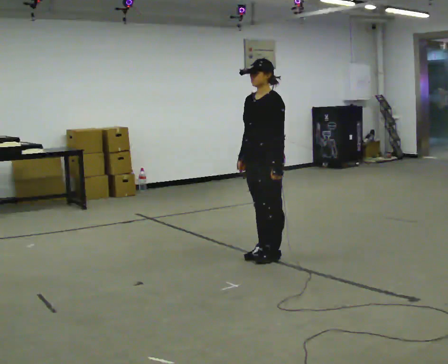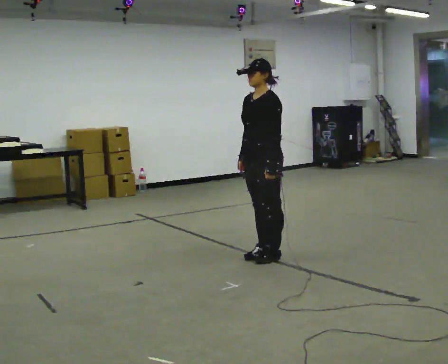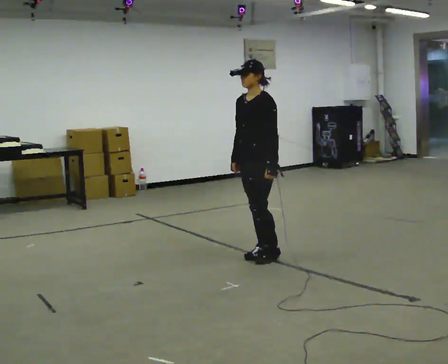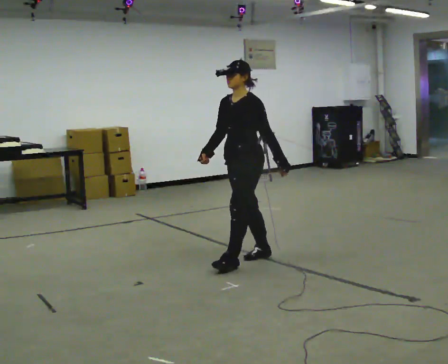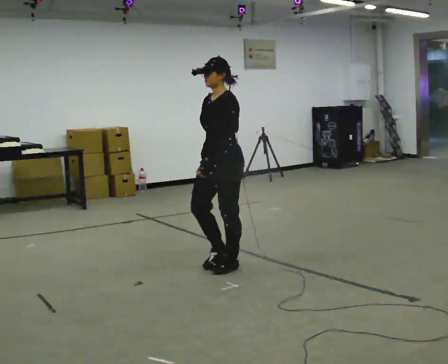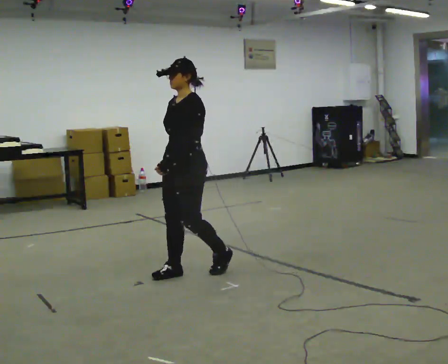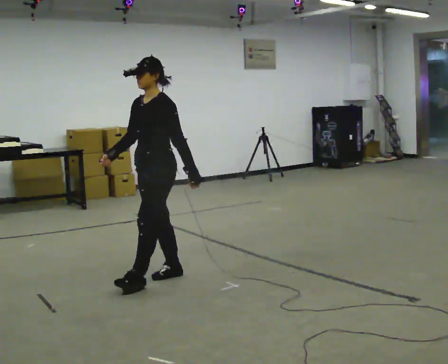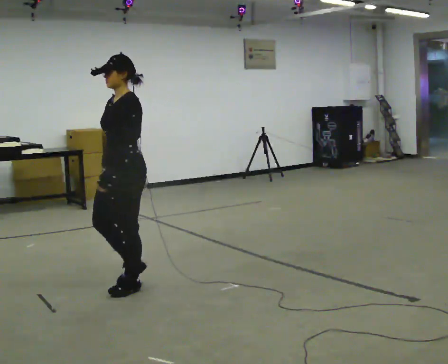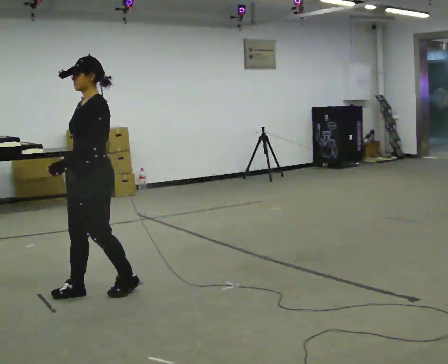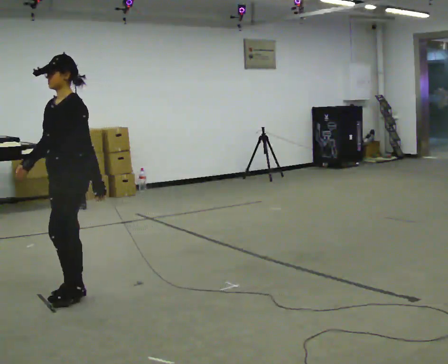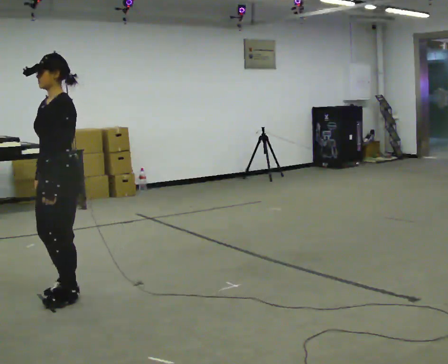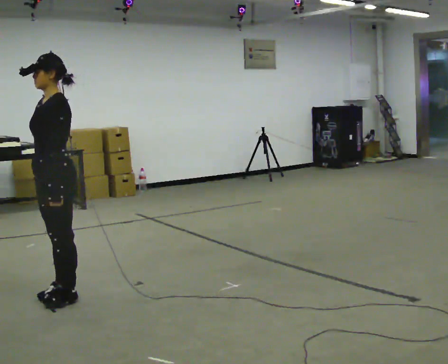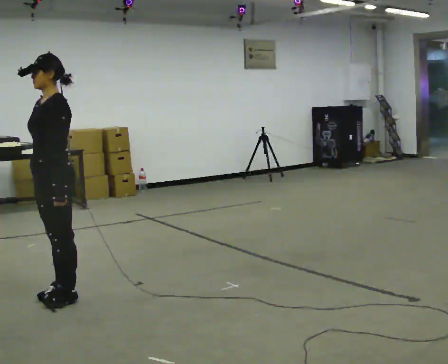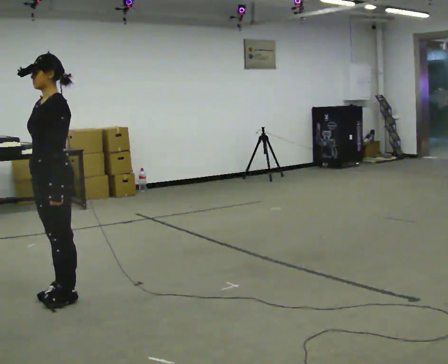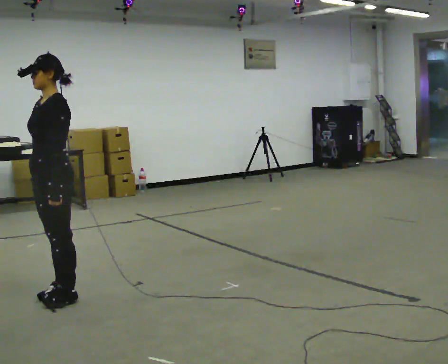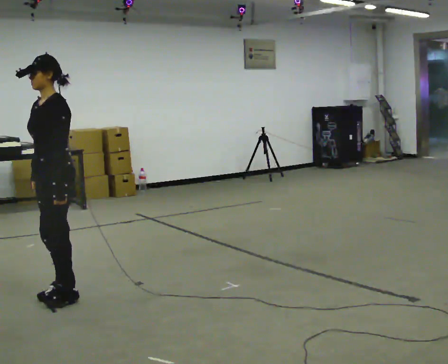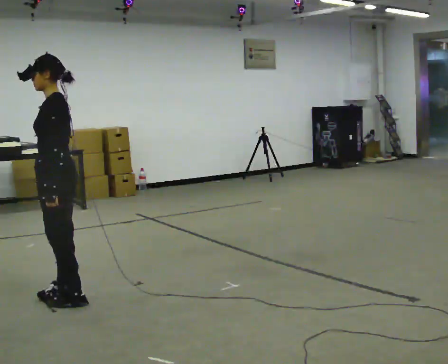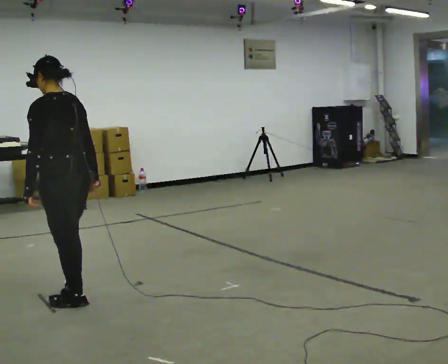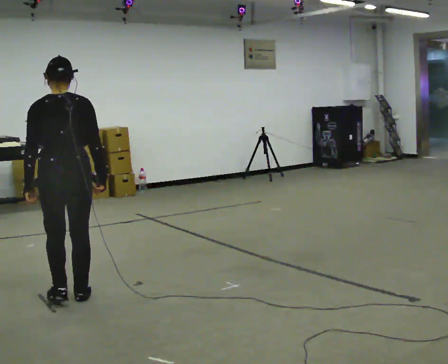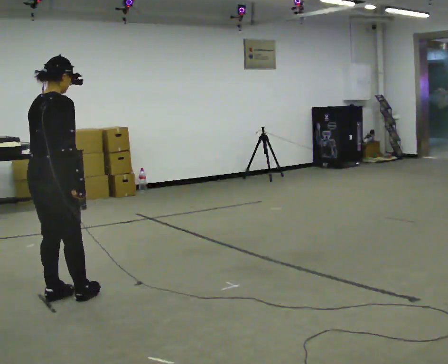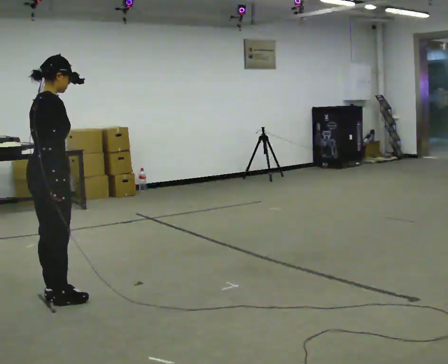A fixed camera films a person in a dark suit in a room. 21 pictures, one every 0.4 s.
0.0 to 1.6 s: In the picture they go to the left, about 0.5 m in 1 step, which for them is forward.
1.6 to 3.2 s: In the picture they go to the left, about 1 m in 3 steps, which for them is forward.
3.2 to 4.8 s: In the picture they go to the left, about 0.25 m in 1 step, which for them is forward.
4.8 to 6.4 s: The person moves a little, or ends about where they began.
6.4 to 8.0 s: The person turns about 150 degrees to their right, clockwise seen from above, so the part of the body nearest the lens slides to the left.
The film runs forward here.
